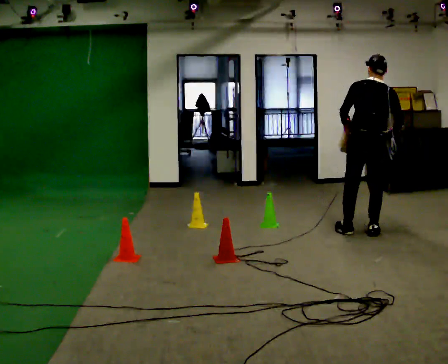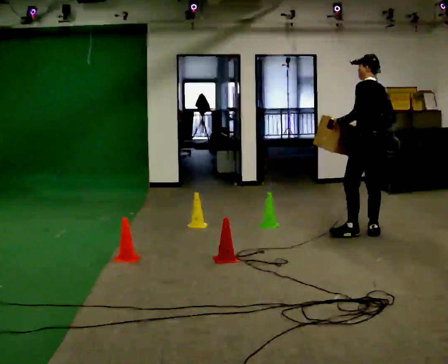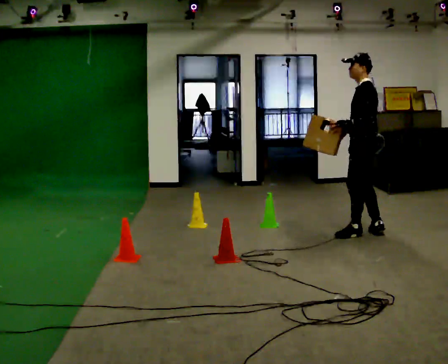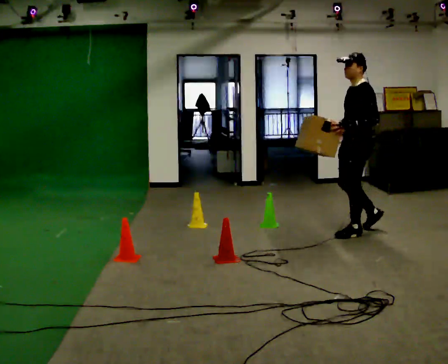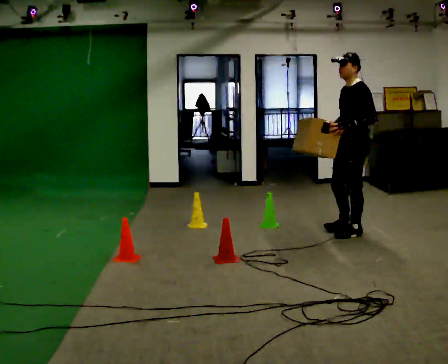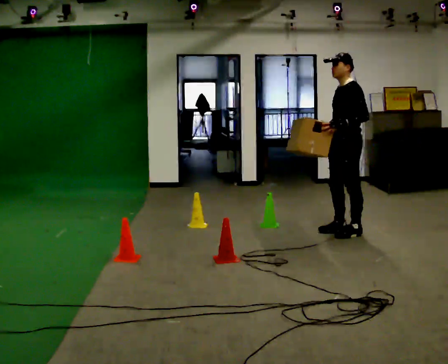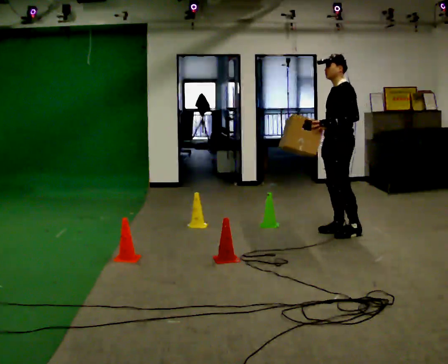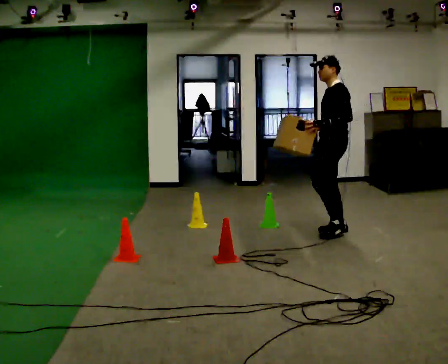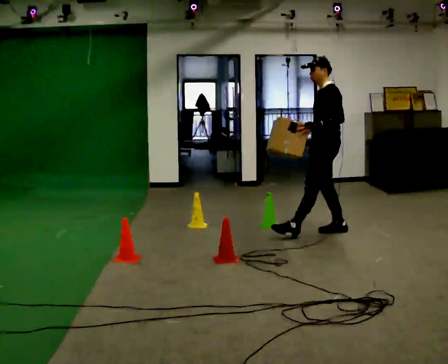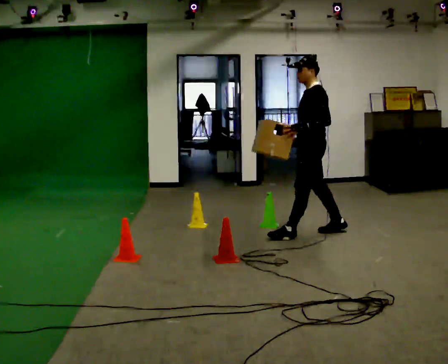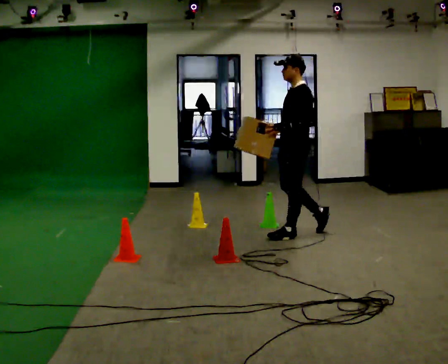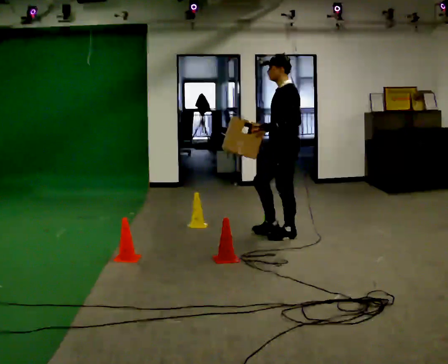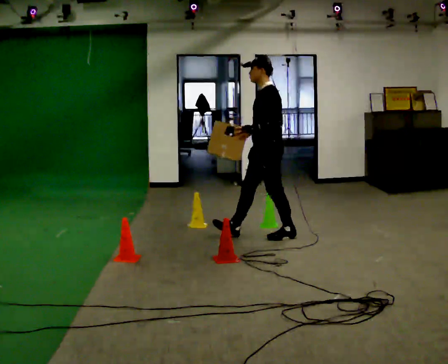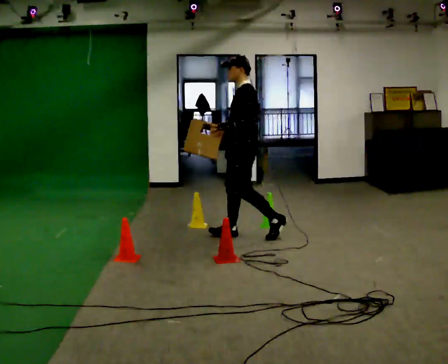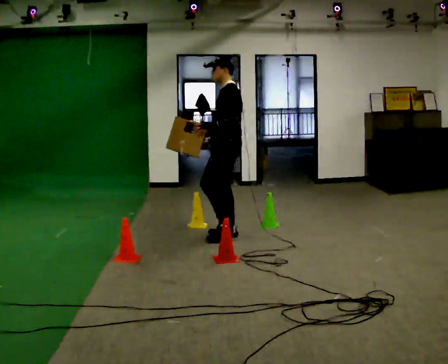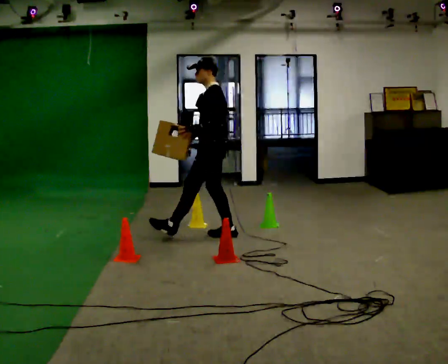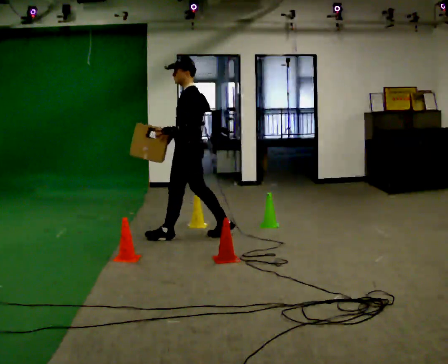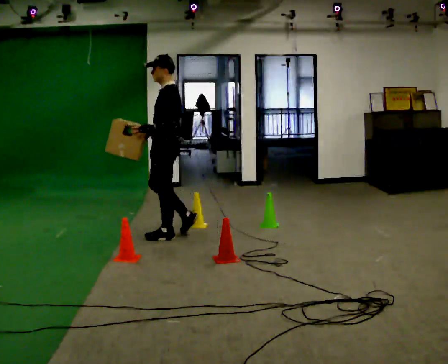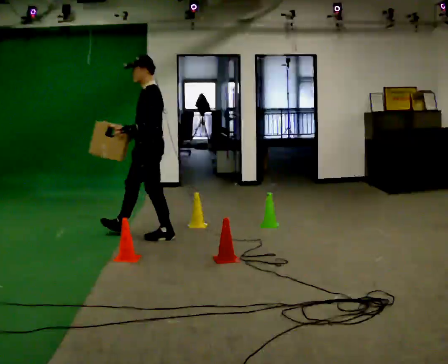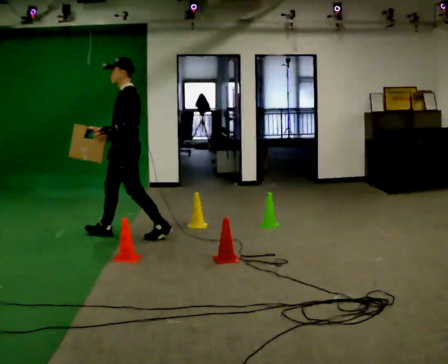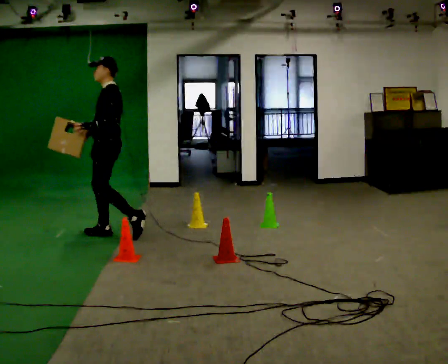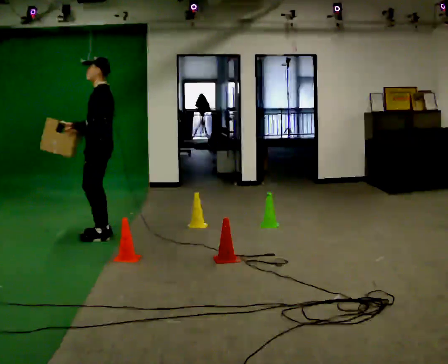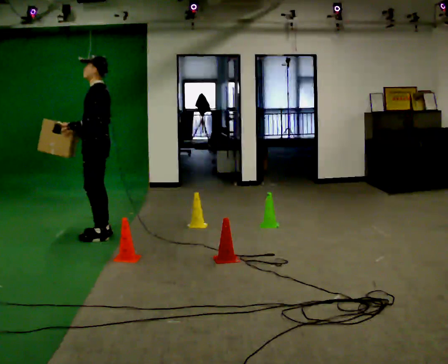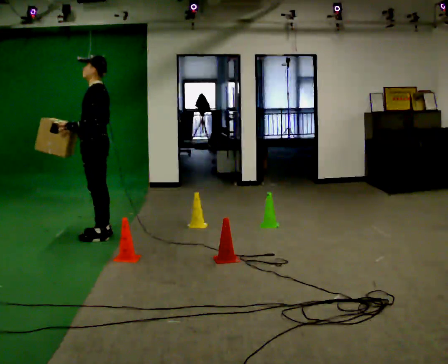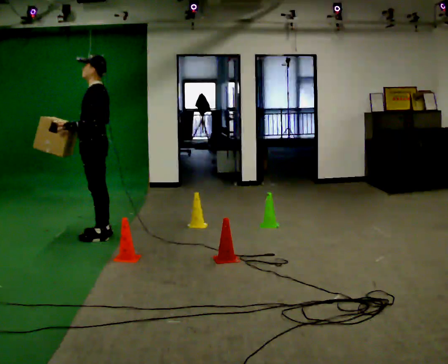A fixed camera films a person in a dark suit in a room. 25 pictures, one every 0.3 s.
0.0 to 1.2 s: The person turns about 105 degrees to their left, counterclockwise seen from above, so the part of the body nearest the lens slides to the right.
1.2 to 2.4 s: In the picture they go to the left, about 0.25 m in 1 step, which for them is forward and to their right.
2.4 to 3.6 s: In the picture they go to the left, about 0.5 m in 2 steps, which for them is forward.
3.6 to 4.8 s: In the picture they go to the left, about 0.5 m in 1 step, which for them is forward.
4.8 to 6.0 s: In the picture they go to the left, about 1 m in 1 step, which for them is forward.
6.0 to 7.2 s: The person moves a little, or ends about where they began.
The film runs forward here.
